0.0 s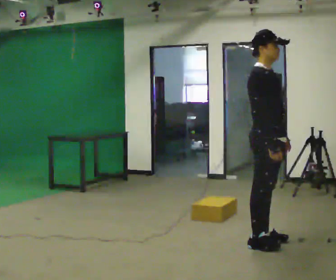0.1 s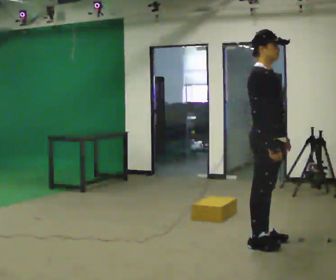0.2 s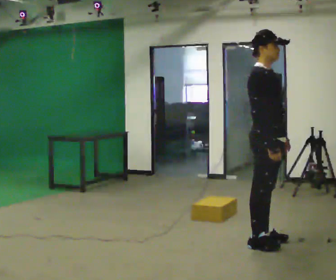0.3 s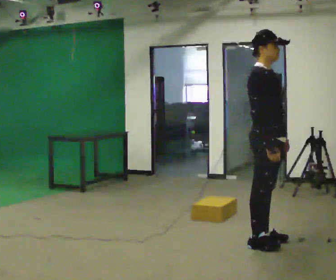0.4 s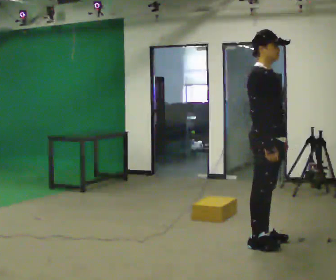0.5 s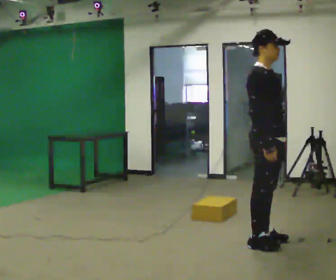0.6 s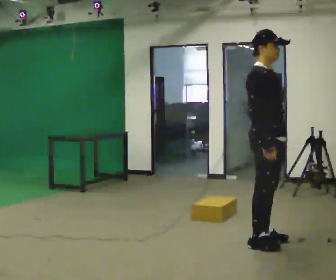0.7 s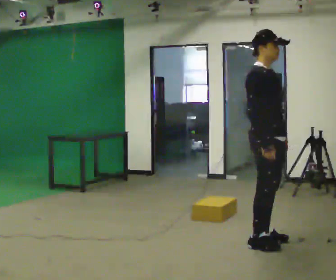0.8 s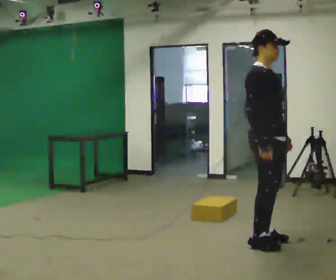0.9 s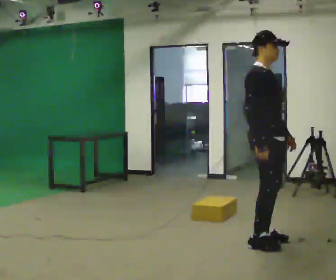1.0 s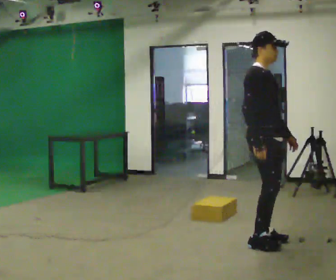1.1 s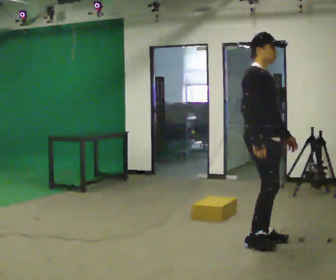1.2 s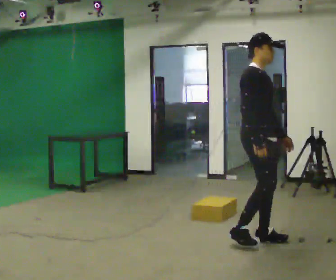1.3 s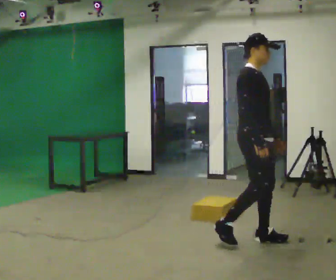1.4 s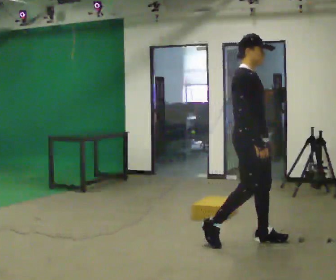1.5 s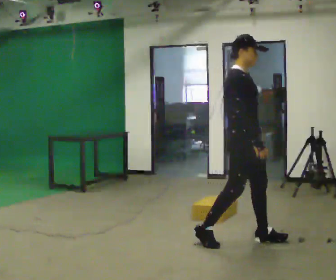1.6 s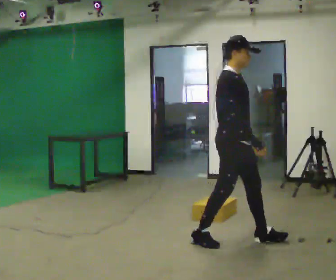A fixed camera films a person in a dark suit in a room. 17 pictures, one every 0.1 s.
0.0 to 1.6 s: In the picture they go to the left, about 0.25 m in 1 step, which for them is backward.
The film runs backward here.
